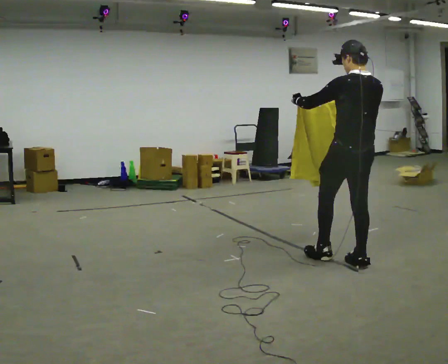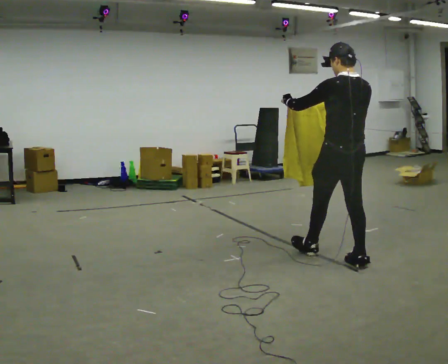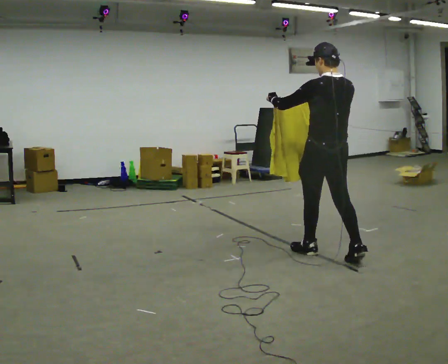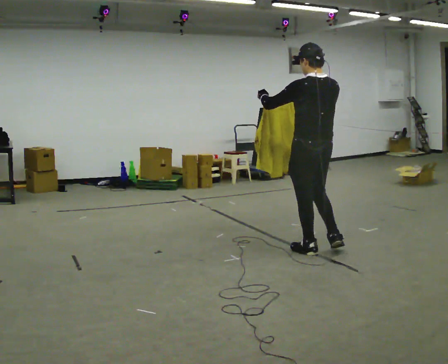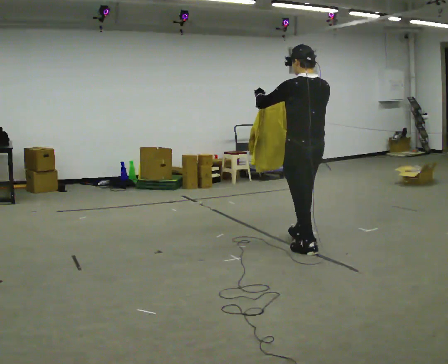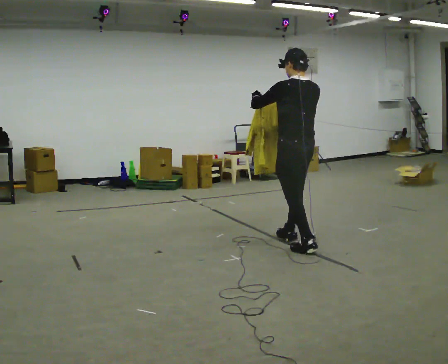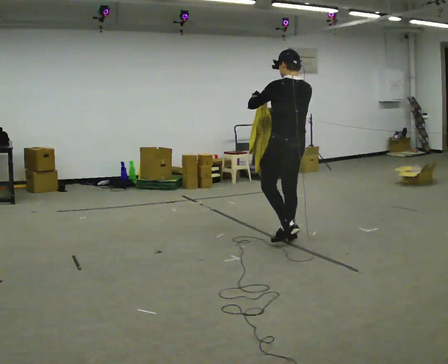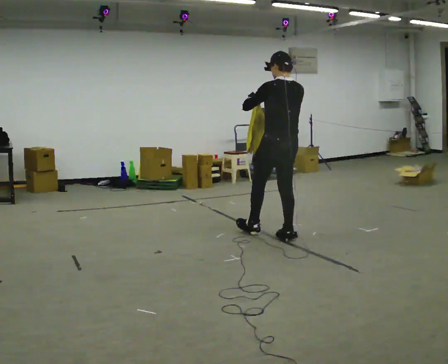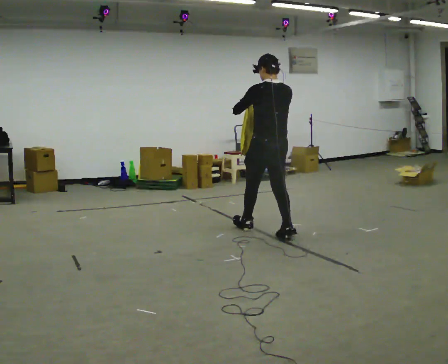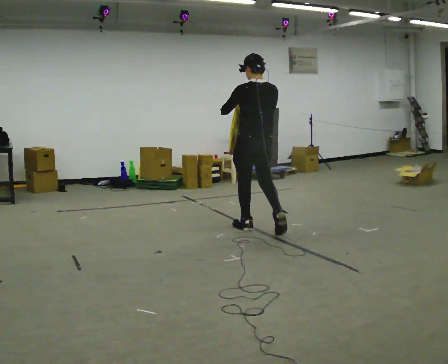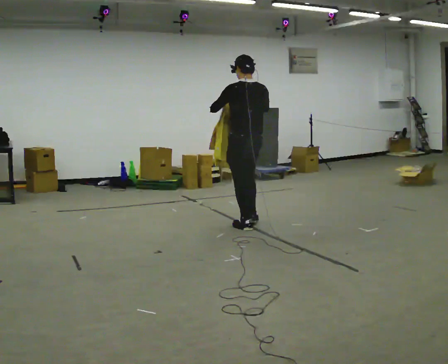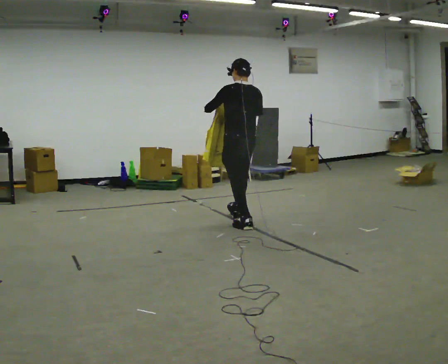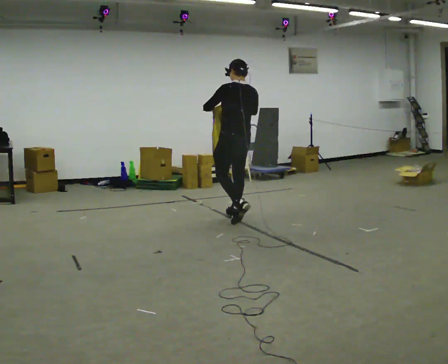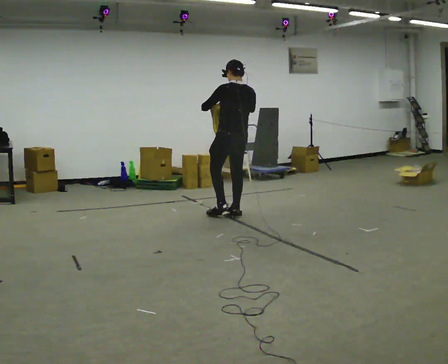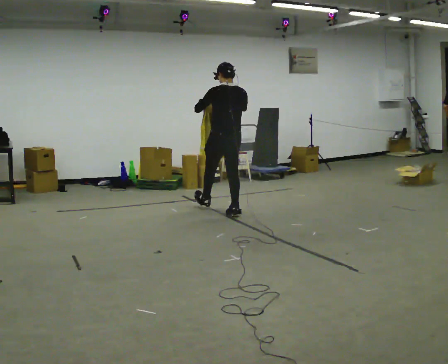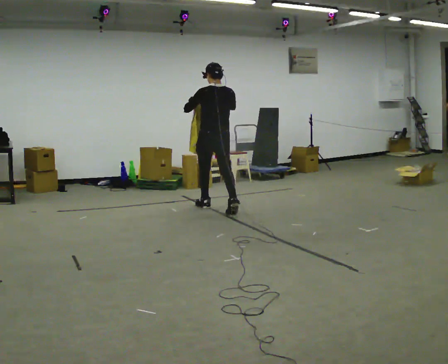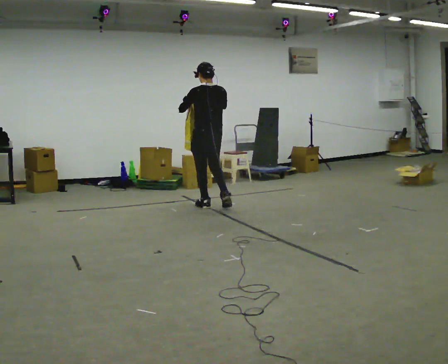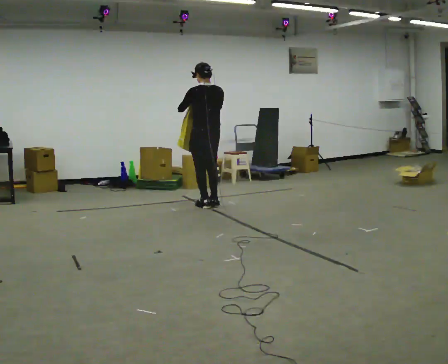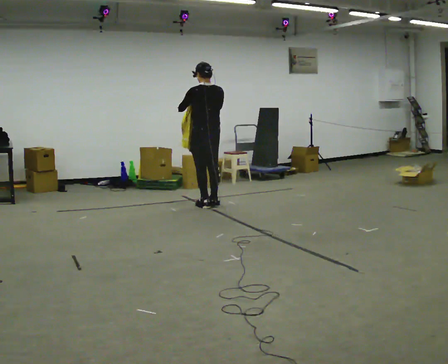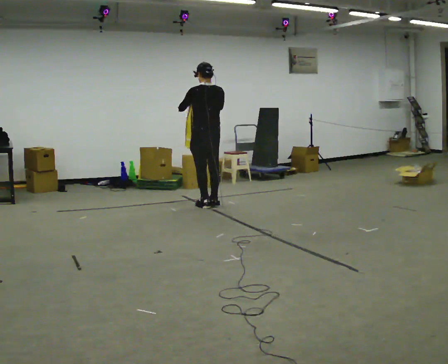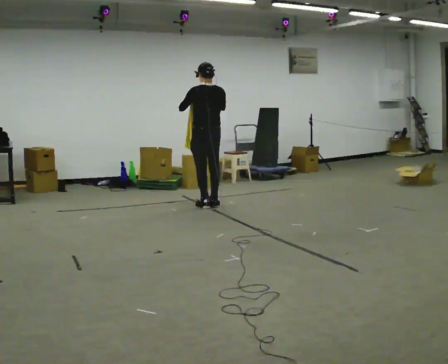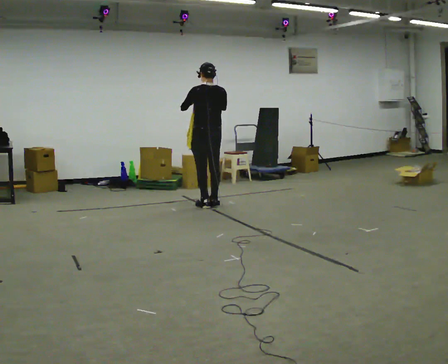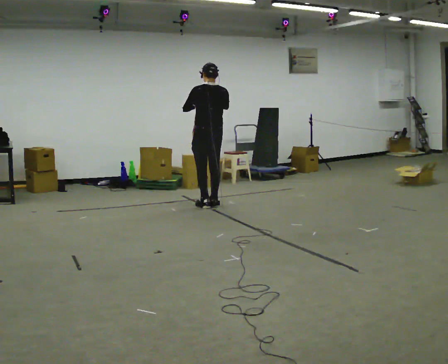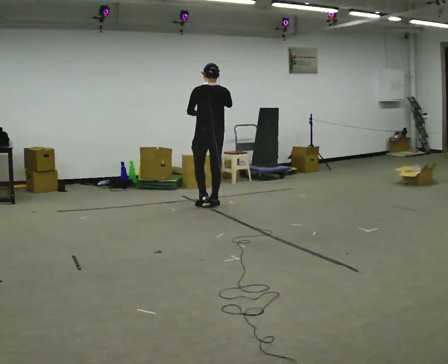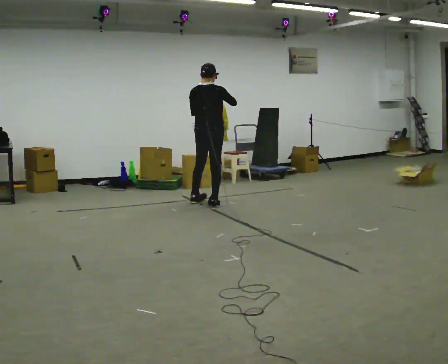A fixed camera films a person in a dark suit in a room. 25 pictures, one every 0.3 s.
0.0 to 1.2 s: In the picture they go away from the camera and to the left, about 0.5 m in 1 step, which for them is forward.
1.2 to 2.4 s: In the picture they go away from the camera and to the left, about 0.75 m in 2 steps, which for them is forward.
2.4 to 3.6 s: In the picture they go away from the camera and to the left, about 0.75 m in 1 step, which for them is forward.
3.6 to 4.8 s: In the picture they go away from the camera and to the left, about 0.5 m in 1 step, which for them is forward.
4.8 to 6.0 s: The person moves a little, or ends about where they began.
6.0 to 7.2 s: Seen from above the body turns clockwise, about 45 degrees: to their right, with its near side sliding to the left.
The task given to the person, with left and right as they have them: Carry the cloth and, while walking, fold it in half, then unfold it. Keep repeating as you walk. Do not stop.
The film runs forward here.
